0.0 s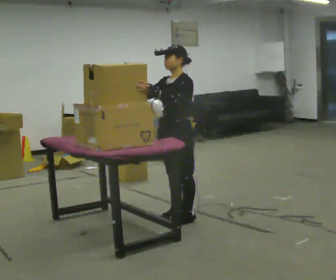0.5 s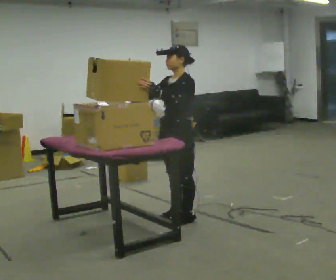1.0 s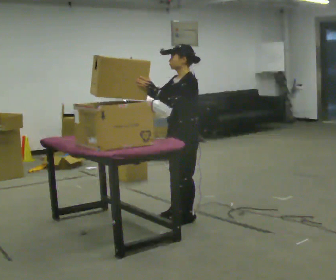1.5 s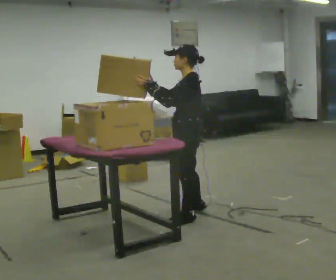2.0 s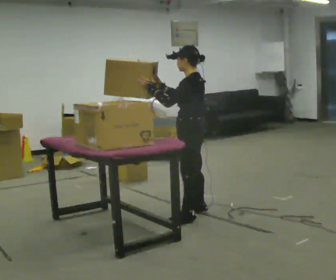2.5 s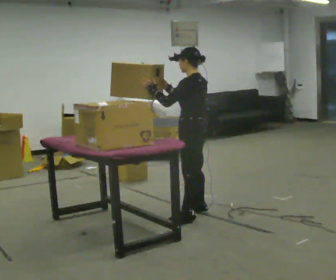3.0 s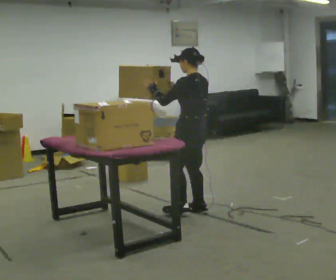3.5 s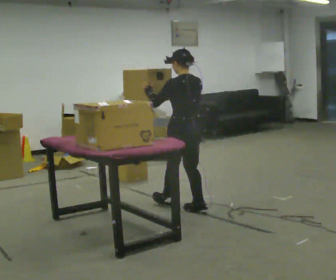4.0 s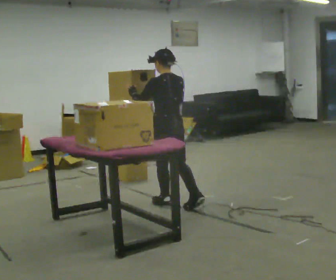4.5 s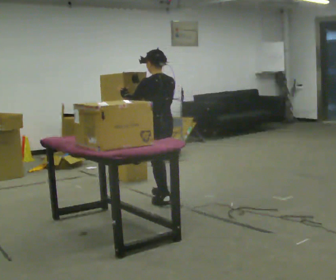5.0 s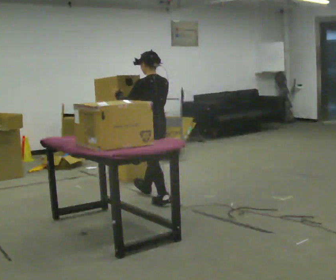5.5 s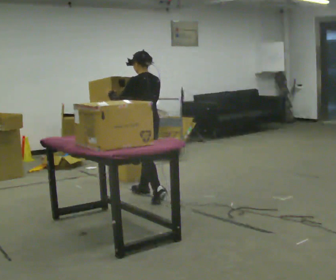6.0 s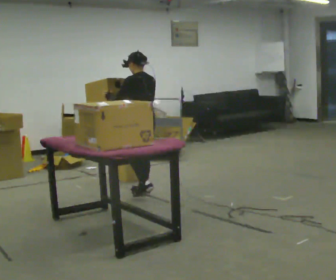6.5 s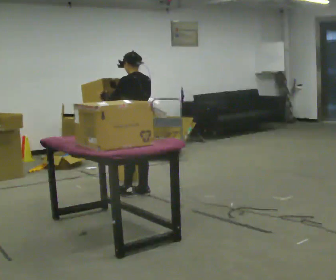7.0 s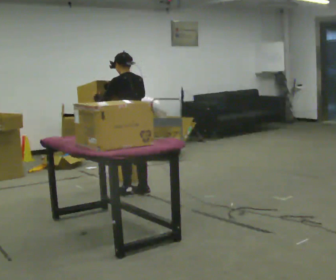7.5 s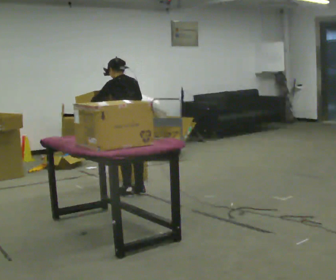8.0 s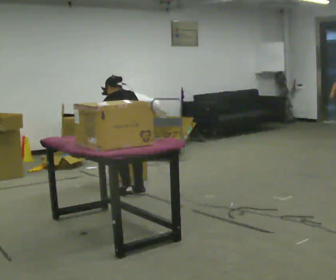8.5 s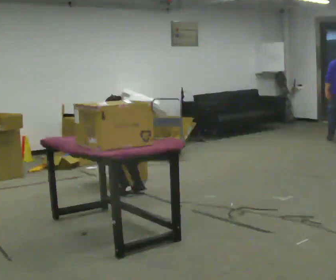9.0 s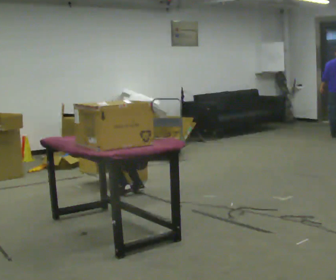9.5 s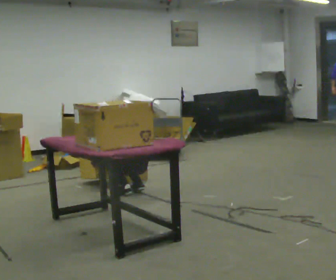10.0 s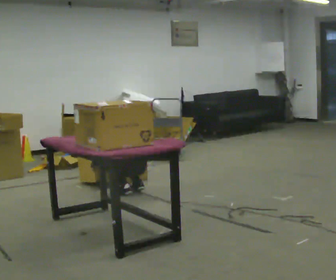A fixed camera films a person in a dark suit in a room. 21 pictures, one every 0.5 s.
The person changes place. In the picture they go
away from the camera.
Their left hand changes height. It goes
downward.
0.0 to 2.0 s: Seen from above the body turns clockwise, about 45 degrees: to their right, with its near side sliding to the left. In the picture they go to the right, about 0.25 m in 1 step, which for them is backward.
2.0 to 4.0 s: The part of the body nearest the lens slides to the left as the person turns to their right by about 45 degrees. In the picture they go away from the camera and to the left, about 0.5 m in 1 step, which for them is forward and to their right.
4.0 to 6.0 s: In the picture they go away from the camera and to the left, about 0.5 m in 1 step, which for them is forward.
6.0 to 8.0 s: The upper body goes downward. The upper body tips away from the camera, its near side rolling upward, as they bend forward. In the picture their right hand goes downward.
8.0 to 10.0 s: The upper body goes downward. In the picture their left hand goes downward.
The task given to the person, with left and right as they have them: Take boxes off the top of the stack one at a time and carry them away, walking back for each one. Keep going until the operator says stop; one object at a time, and do not rush between trips.
The film runs forward here.
